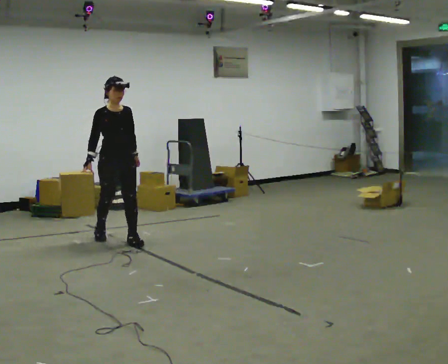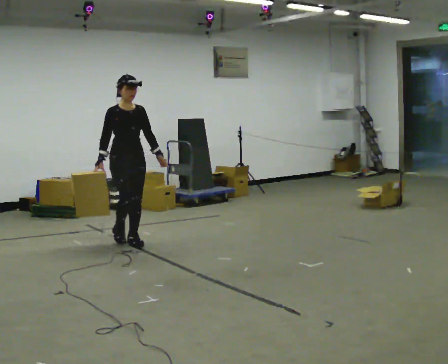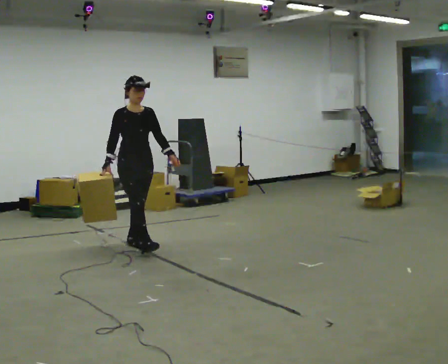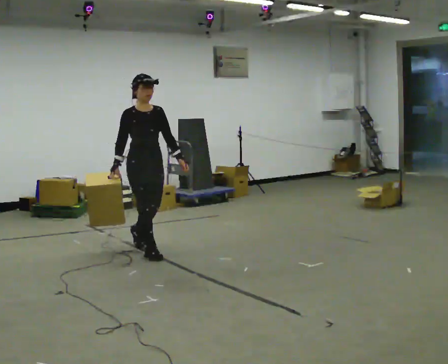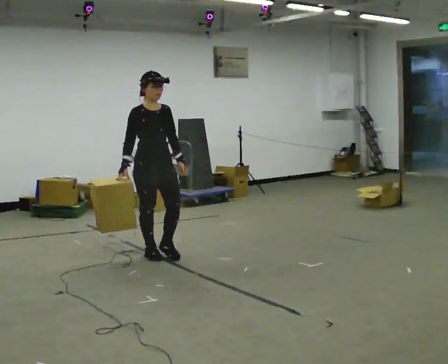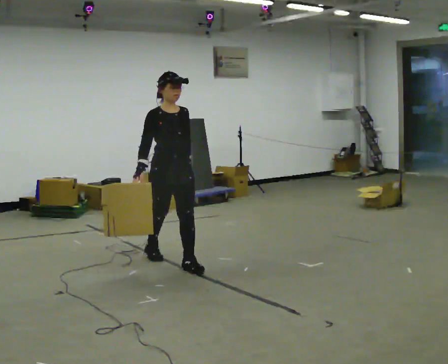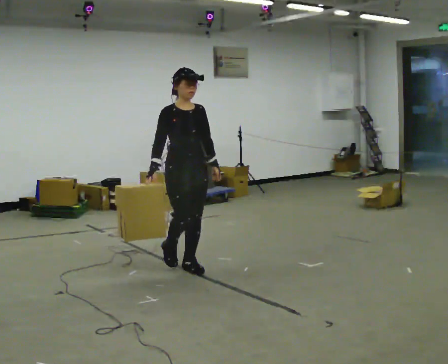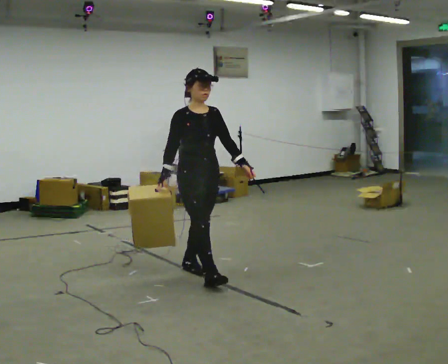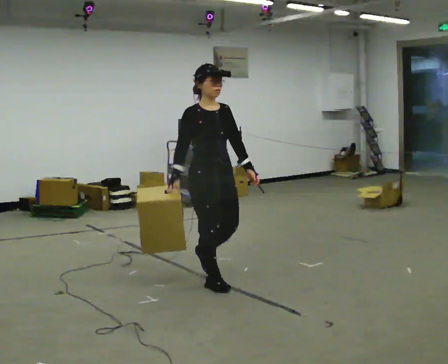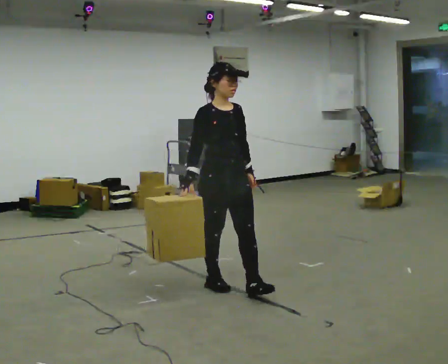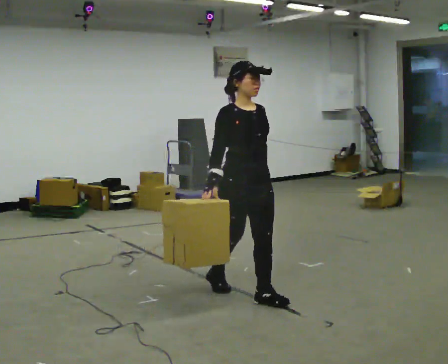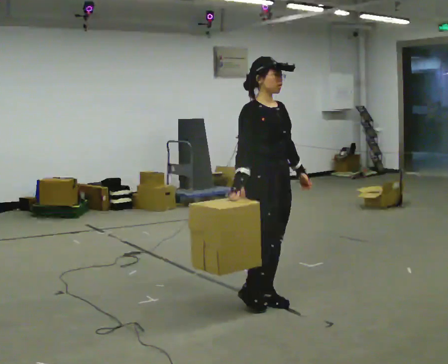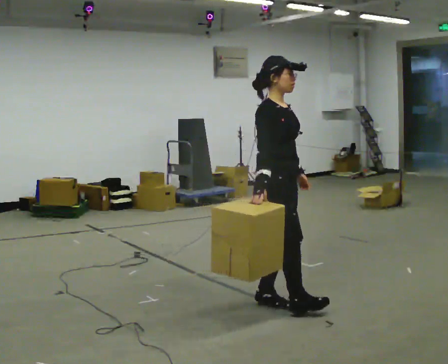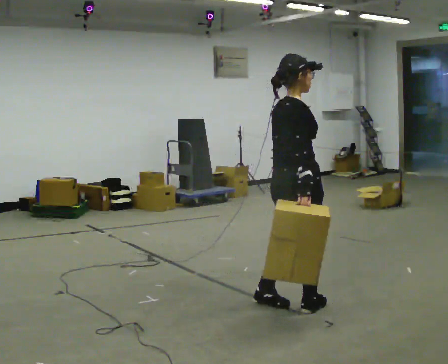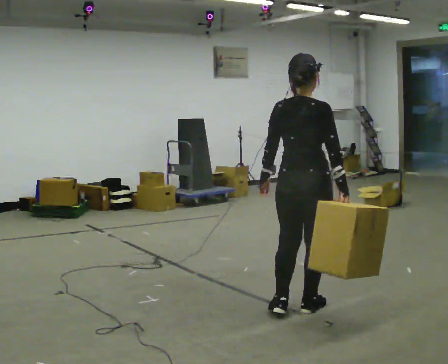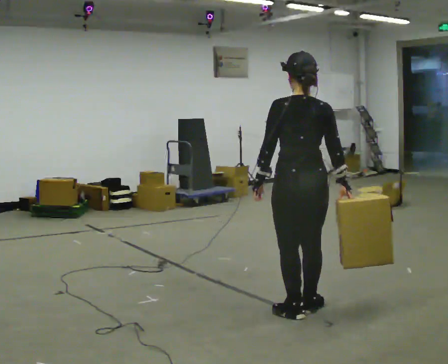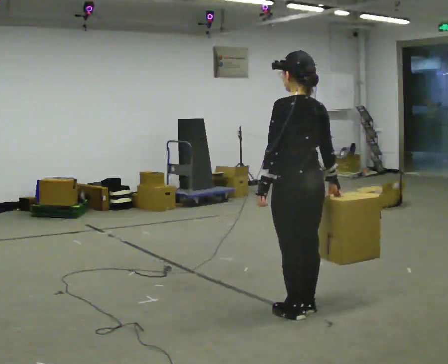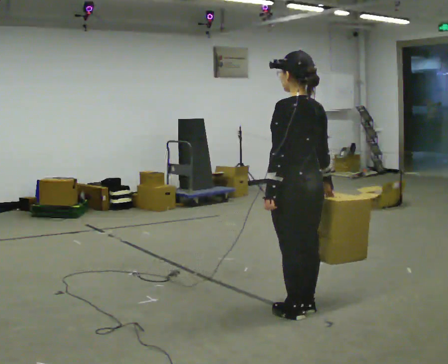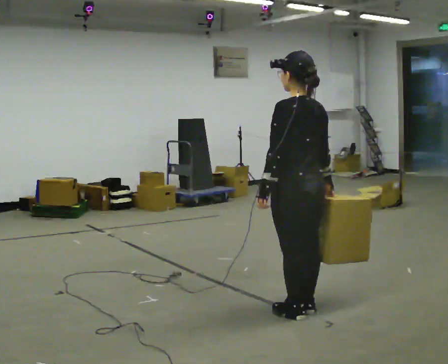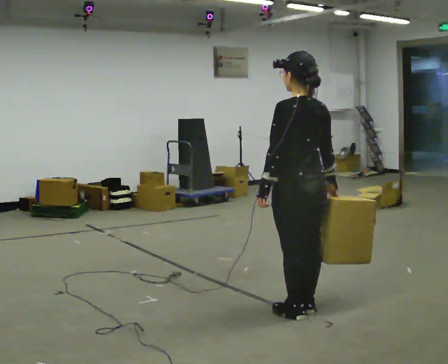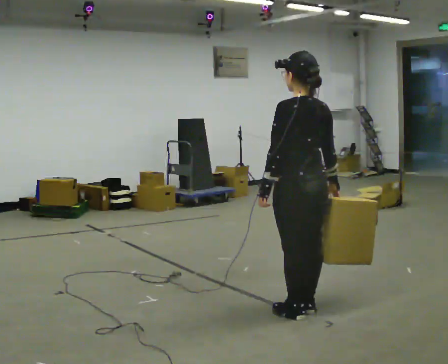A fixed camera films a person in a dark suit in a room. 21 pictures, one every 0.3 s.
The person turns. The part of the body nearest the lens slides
to the right.
The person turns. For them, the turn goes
to their left.
0.0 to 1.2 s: In the picture they go to the right and toward the camera, about 0.5 m in 1 step, which for them is forward.
1.2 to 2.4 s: In the picture they go toward the camera and to the right, about 1 m in 2 steps, which for them is forward.
2.4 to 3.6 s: The part of the body nearest the lens slides to the right as the person turns to their left by about 30 degrees. In the picture they go to the right and toward the camera, about 0.75 m in 1 step, which for them is forward.
3.6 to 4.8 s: Seen from above the body turns counterclockwise, about 150 degrees: to their left, with its near side sliding to the right. In the picture they go toward the camera and to the right, about 0.25 m in 2 steps.
4.8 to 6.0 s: The person moves a little, or ends about where they began.
The film runs forward here.
